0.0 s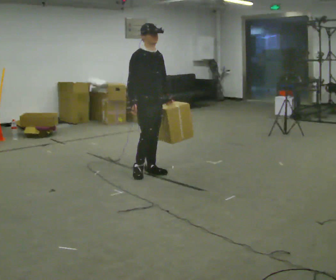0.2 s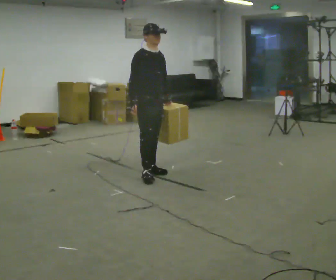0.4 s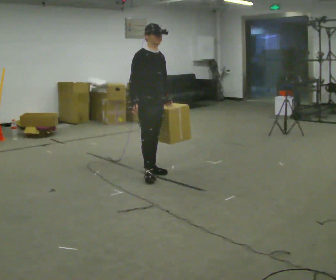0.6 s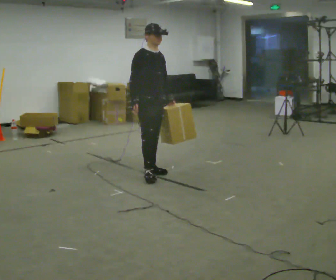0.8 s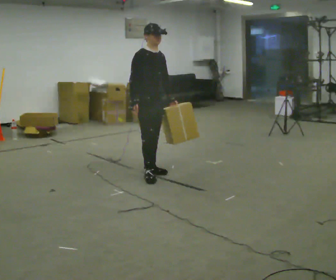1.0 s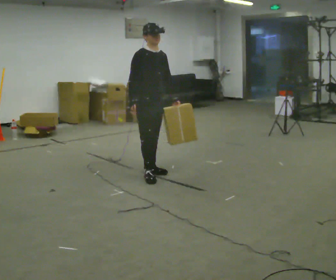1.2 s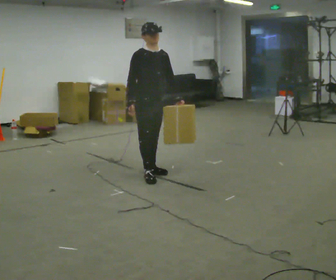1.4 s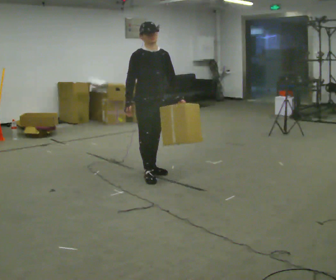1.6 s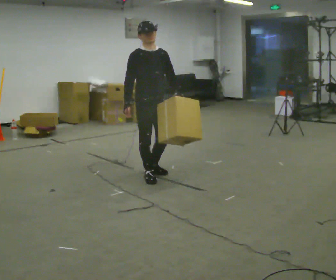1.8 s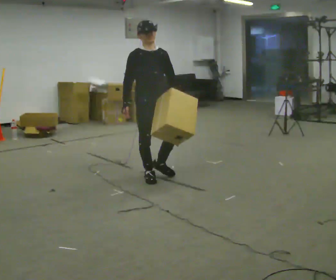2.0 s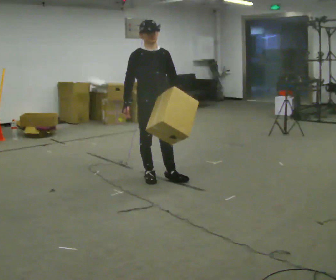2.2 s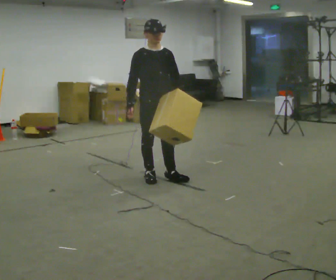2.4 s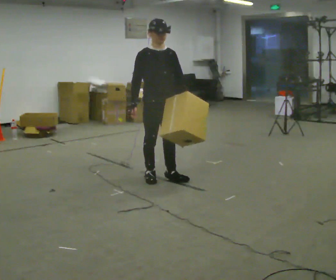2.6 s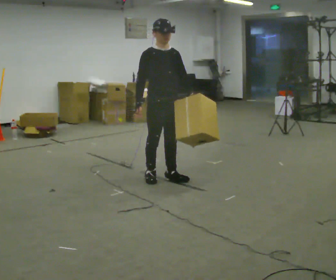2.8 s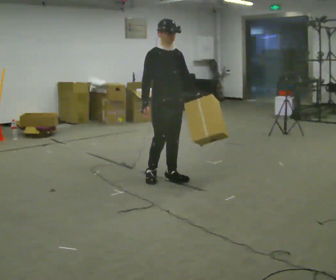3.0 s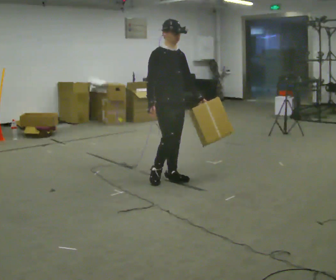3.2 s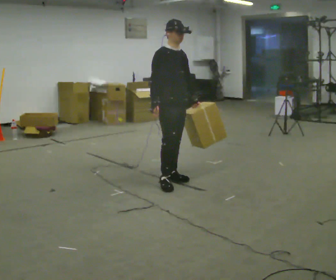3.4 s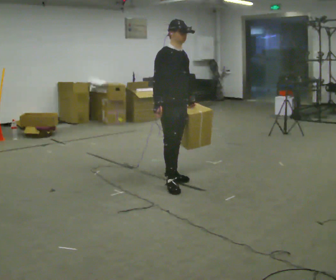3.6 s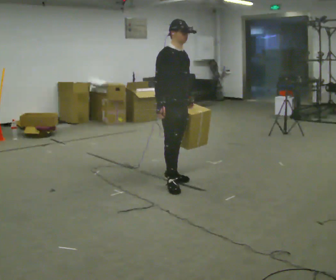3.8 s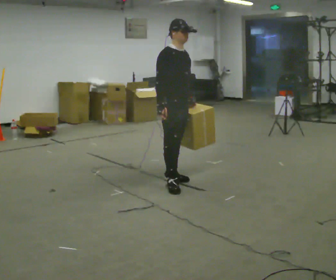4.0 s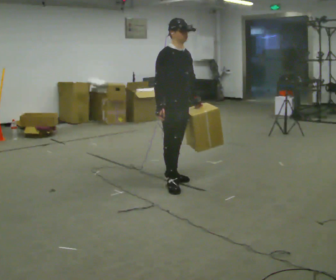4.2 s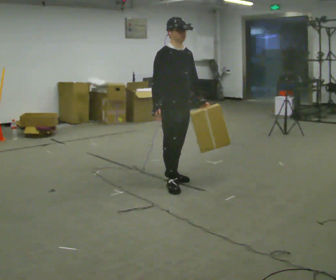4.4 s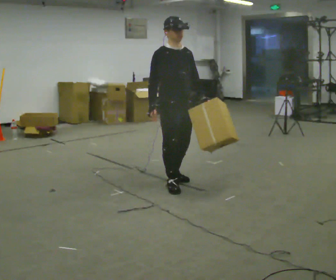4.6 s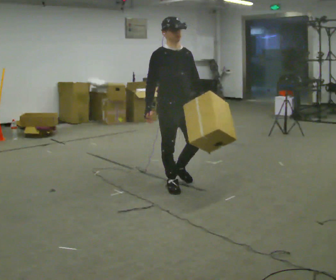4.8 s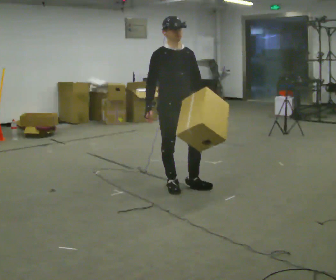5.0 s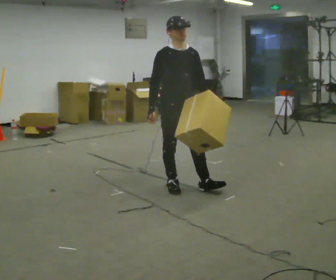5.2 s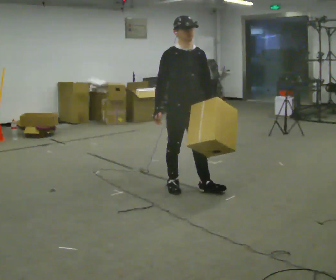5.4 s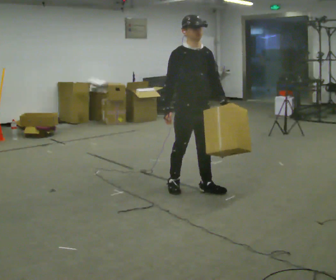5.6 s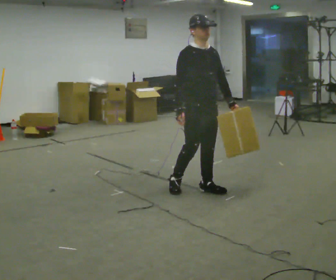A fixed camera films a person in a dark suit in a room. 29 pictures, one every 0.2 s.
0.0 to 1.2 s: The person moves a little, or ends about where they began.
1.2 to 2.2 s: In the picture they go toward the camera, about 0.25 m in 1 step, which for them is forward.
2.2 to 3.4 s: In the picture they go to the right, about 0.25 m in 1 step, which for them is forward.
3.4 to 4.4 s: In the picture they go toward the camera, about 0.25 m, which for them is forward and to their right.
4.4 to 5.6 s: In the picture they go to the right, about 0.25 m in 1 step, which for them is forward and to their left.
The film runs forward here.
